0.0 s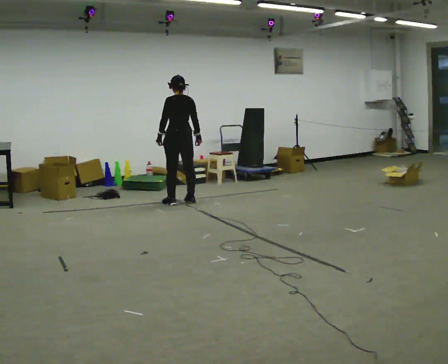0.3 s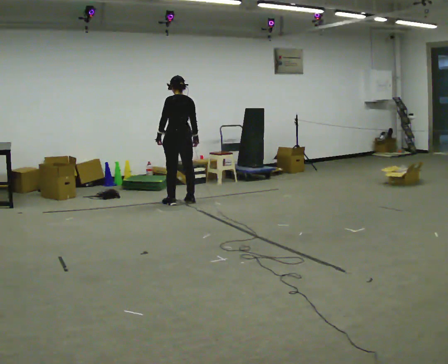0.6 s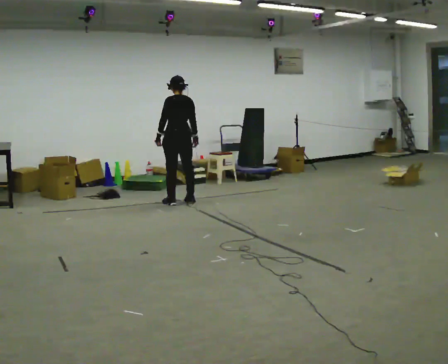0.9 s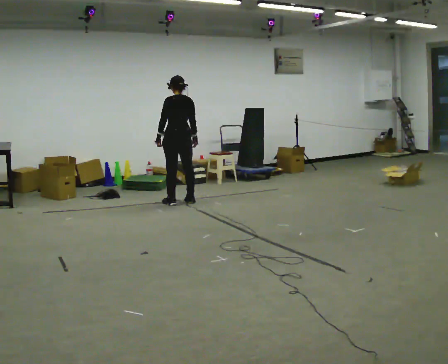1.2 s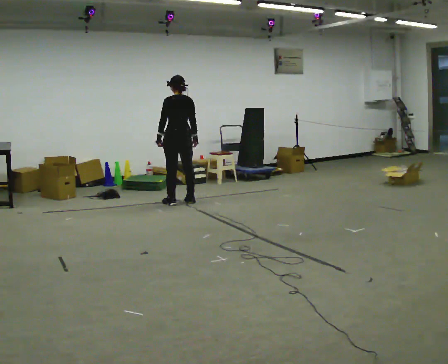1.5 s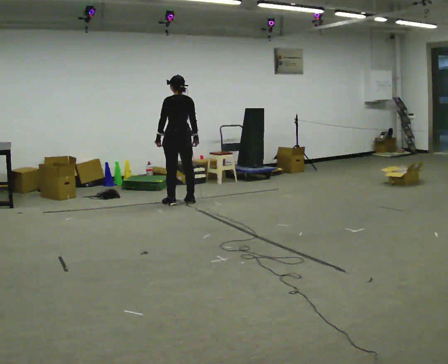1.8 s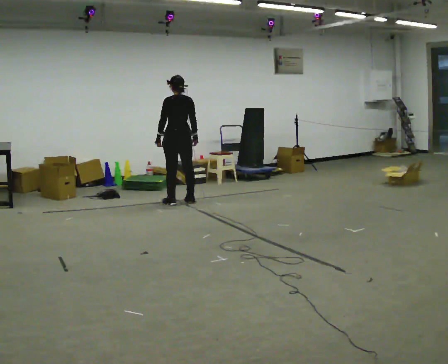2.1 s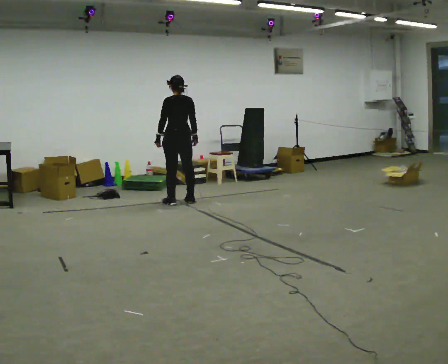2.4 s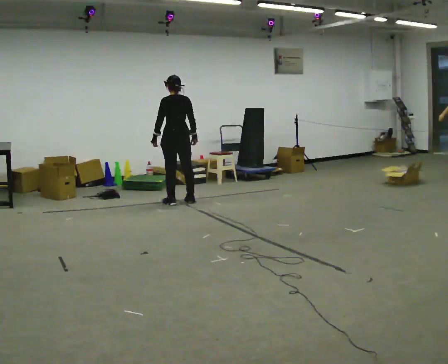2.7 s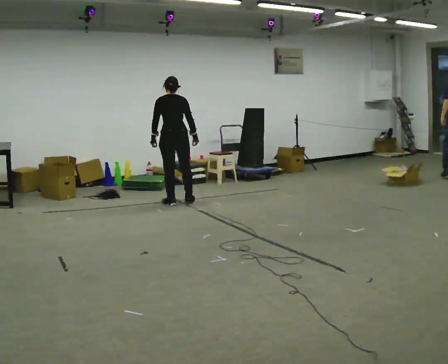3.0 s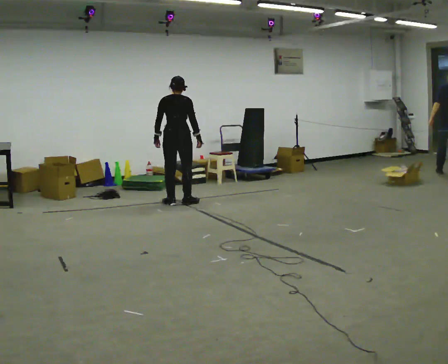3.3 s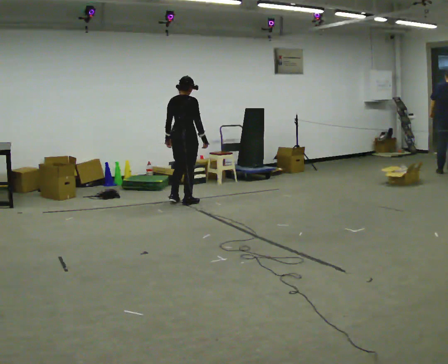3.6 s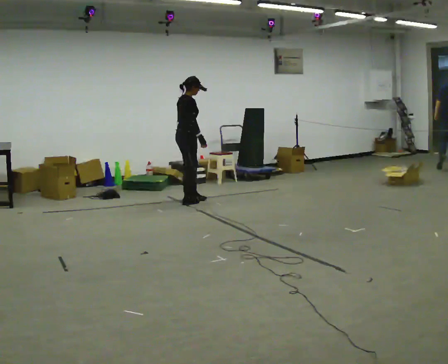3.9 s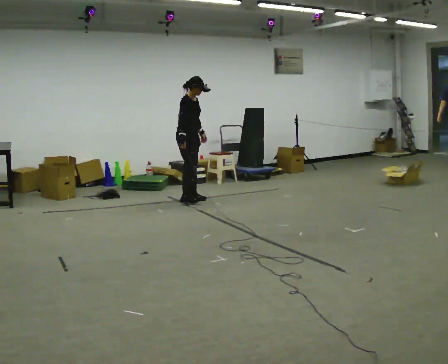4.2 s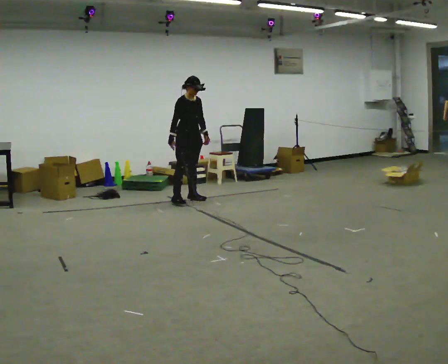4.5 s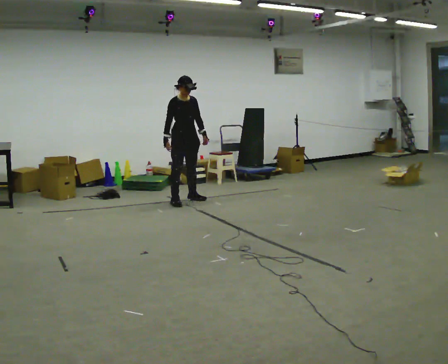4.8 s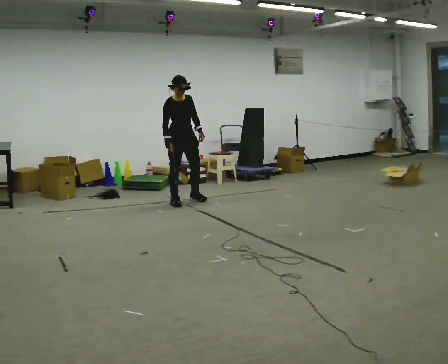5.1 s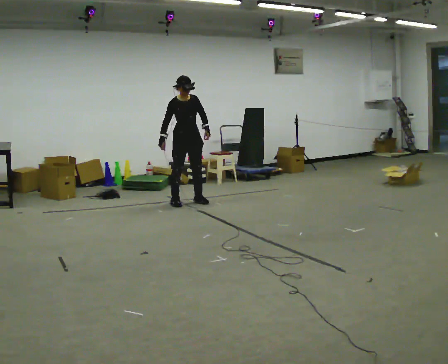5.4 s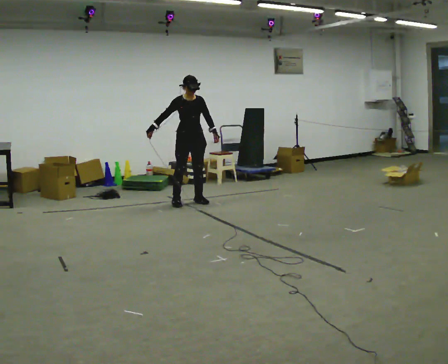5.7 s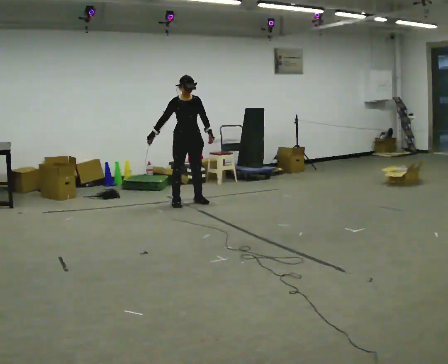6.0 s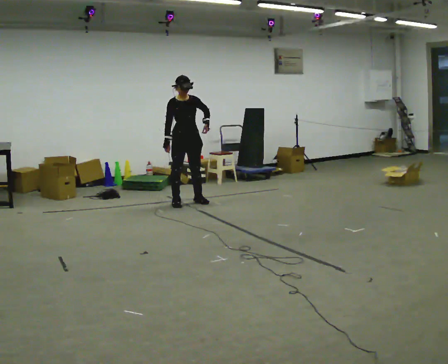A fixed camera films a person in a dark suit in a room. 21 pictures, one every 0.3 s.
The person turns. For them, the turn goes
to their right.
The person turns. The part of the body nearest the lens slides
to the left.
0.0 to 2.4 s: The person moves a little, or ends about where they began.
2.4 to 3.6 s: The part of the body nearest the lens slides to the left as the person turns to their right by about 120 degrees. In the picture they go away from the camera, about 0.25 m in 1 step.
3.6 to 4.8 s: The person turns about 45 degrees to their right, clockwise seen from above, so the part of the body nearest the lens slides to the left.
4.8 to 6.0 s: The person moves a little, or ends about where they began.
The film runs forward here.
